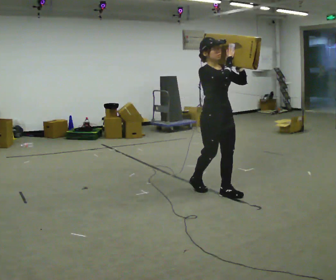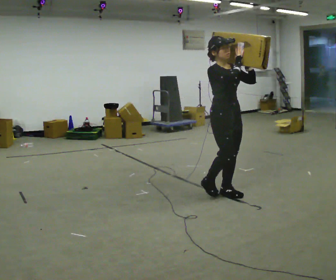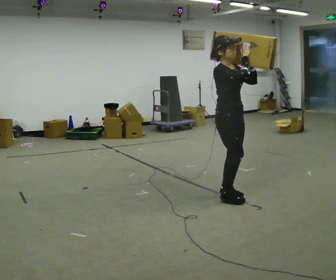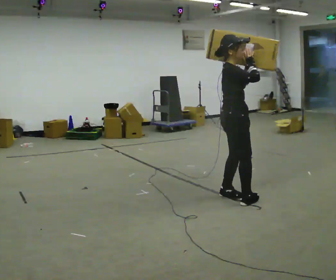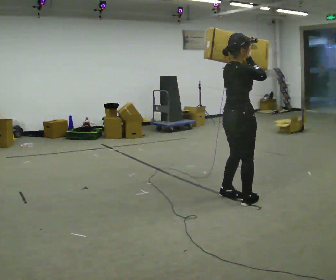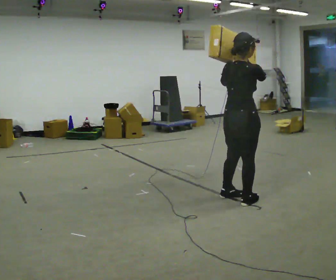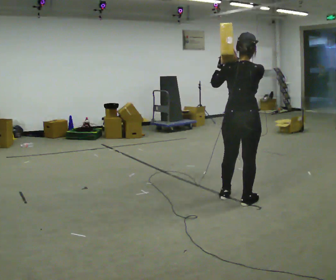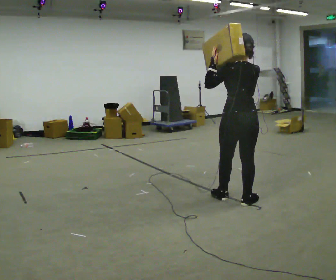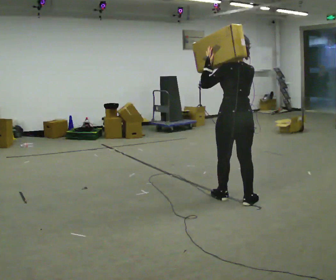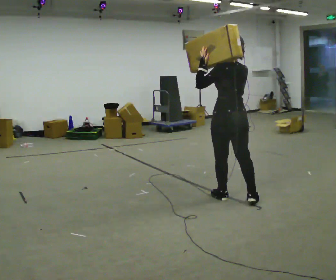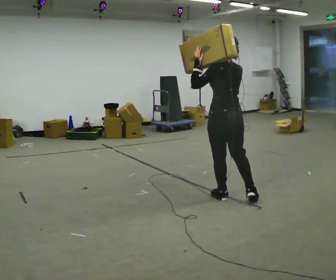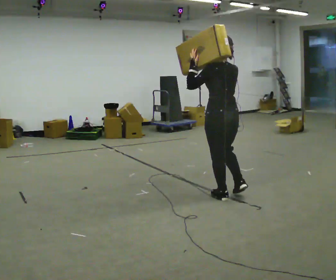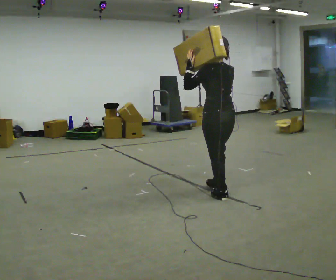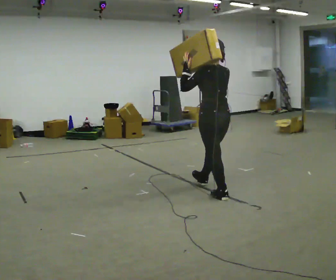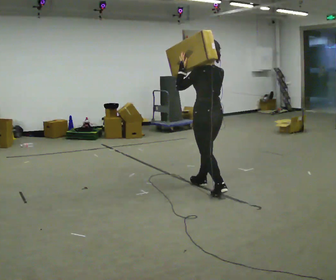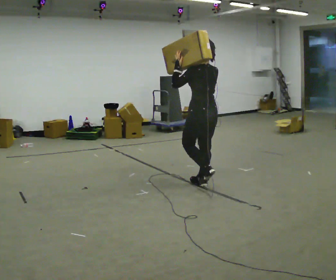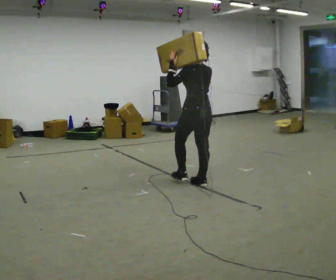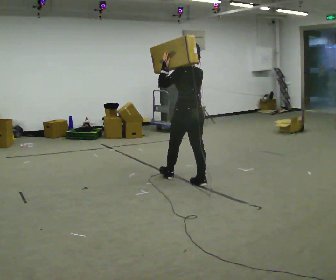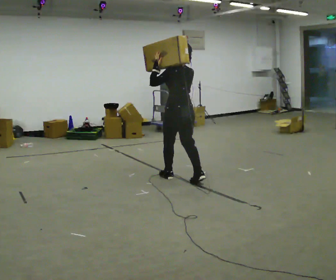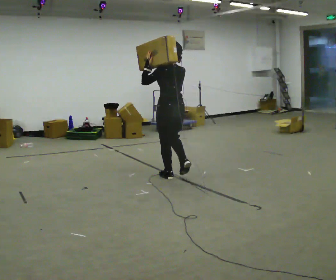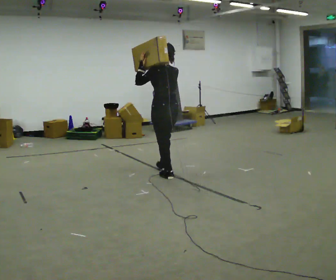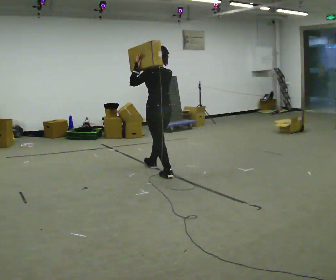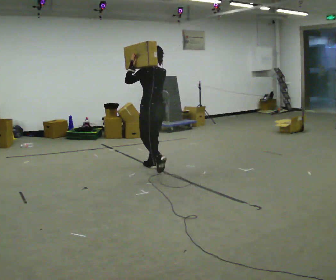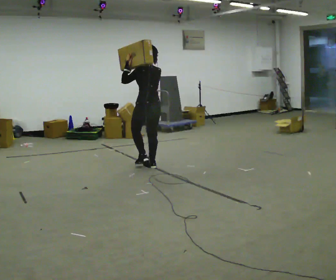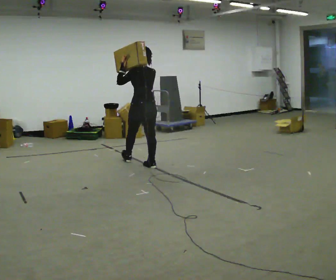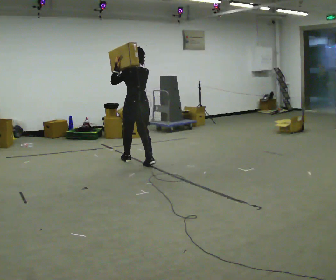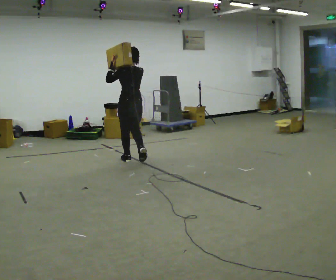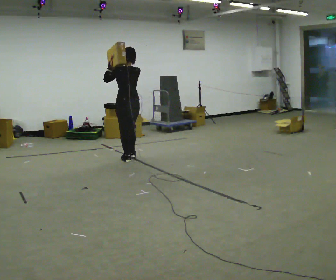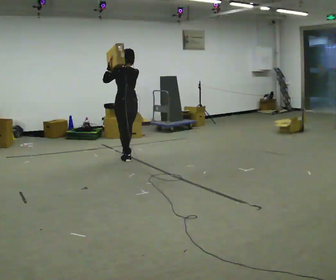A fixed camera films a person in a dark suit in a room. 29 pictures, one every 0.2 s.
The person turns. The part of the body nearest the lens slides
to the right.
The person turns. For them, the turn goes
to their left.
0.0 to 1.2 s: Seen from above the body turns counterclockwise, about 135 degrees: to their left, with its near side sliding to the right. In the picture they go toward the camera and to the right, about 0.5 m in 1 step.
1.2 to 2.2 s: The person turns about 45 degrees to their left, counterclockwise seen from above, so the part of the body nearest the lens slides to the right. In the picture they go to the left and away from the camera, about 0.25 m, which for them is forward.
2.2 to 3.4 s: In the picture they go away from the camera and to the left, about 0.75 m in 1 step, which for them is forward.
3.4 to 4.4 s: In the picture they go away from the camera and to the left, about 0.5 m in 2 steps, which for them is forward.
4.4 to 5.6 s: In the picture they go away from the camera and to the left, about 0.5 m in 2 steps, which for them is forward.
The film runs forward here.
